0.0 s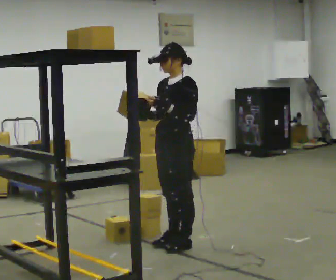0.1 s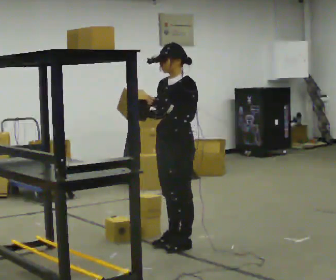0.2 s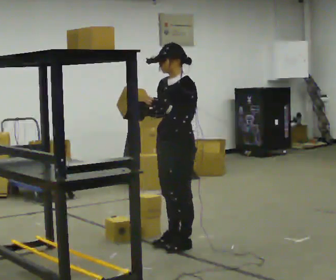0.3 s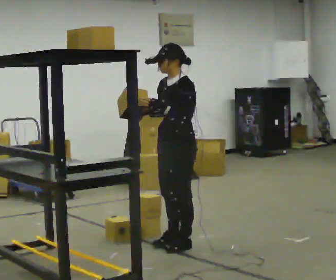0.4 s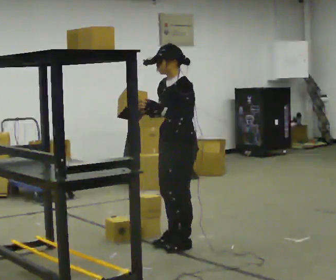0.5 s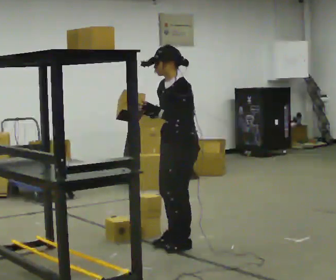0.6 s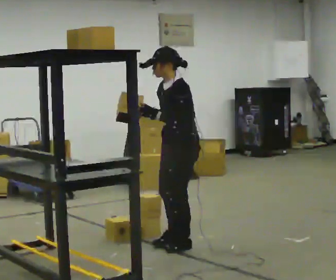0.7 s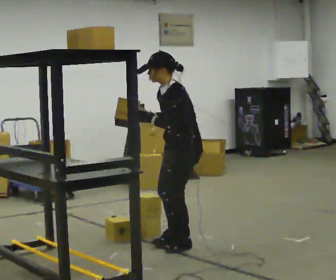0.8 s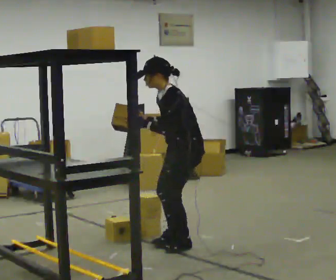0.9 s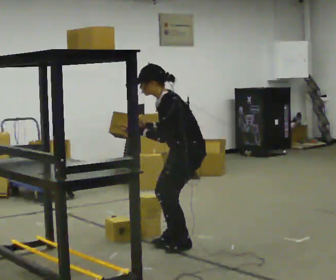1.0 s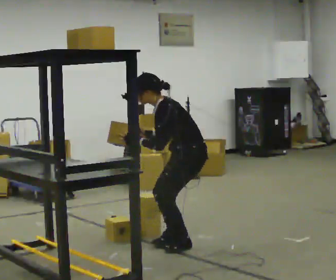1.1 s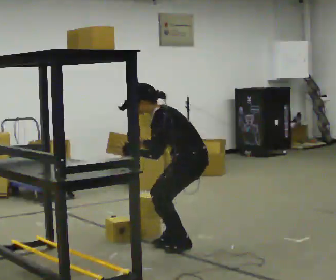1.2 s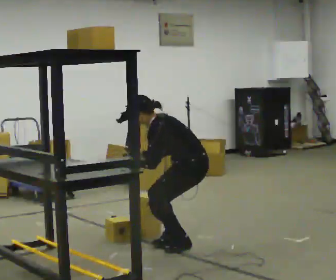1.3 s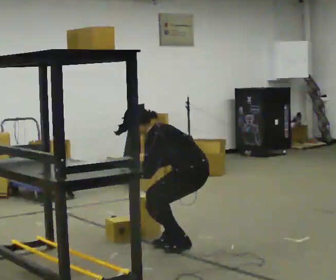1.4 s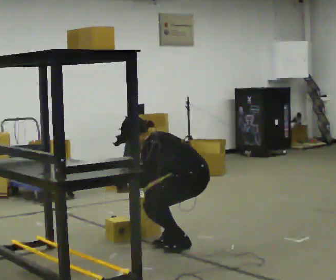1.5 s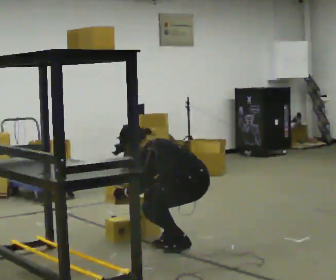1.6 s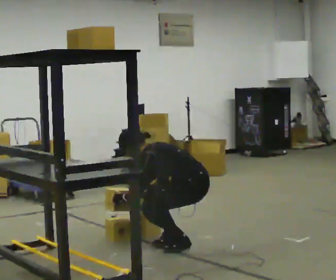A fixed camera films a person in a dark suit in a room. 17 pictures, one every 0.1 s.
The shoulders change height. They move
downward.
Their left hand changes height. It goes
downward.
0.0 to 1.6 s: Seen from above the body turns clockwise, about 45 degrees: to their right, with its near side sliding to the left. The upper body goes downward. In the picture the upper body tilts counterclockwise, shoulders to the left, as they bend forward. In the picture their left hand goes downward and to the left.
The film runs backward here.
